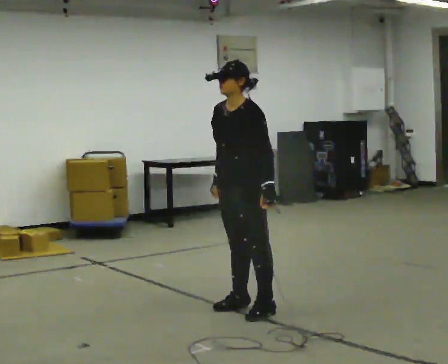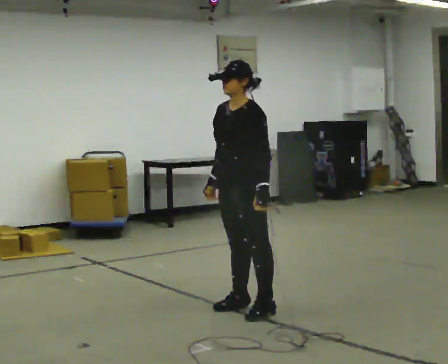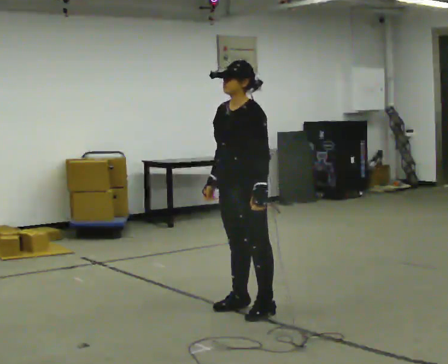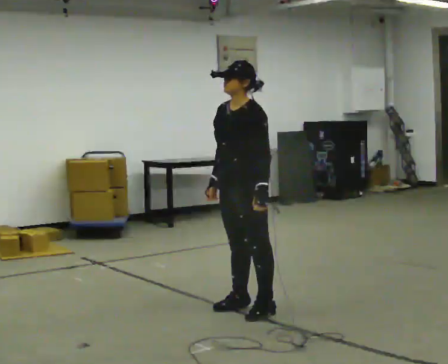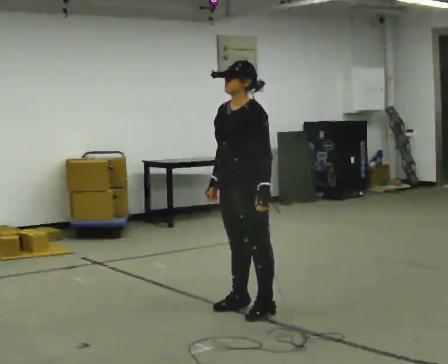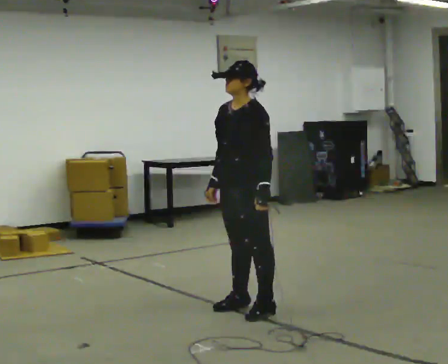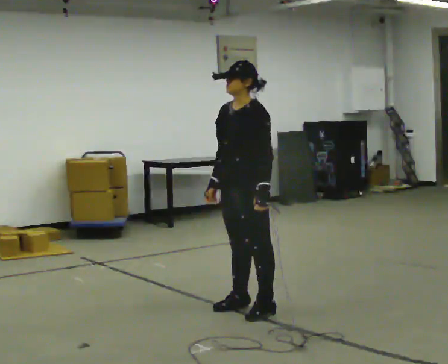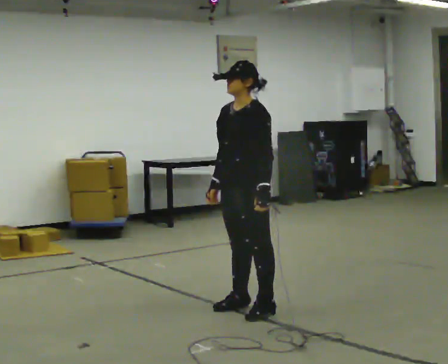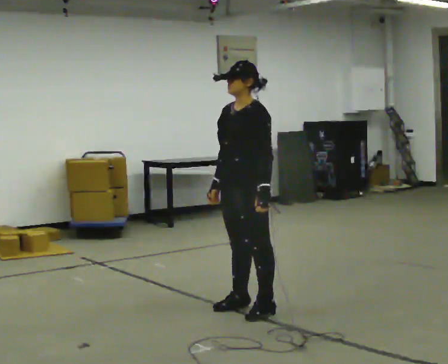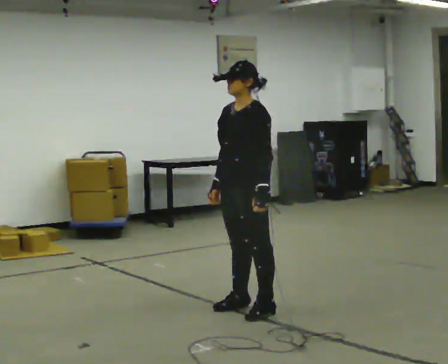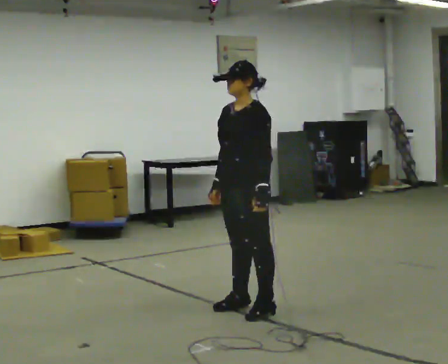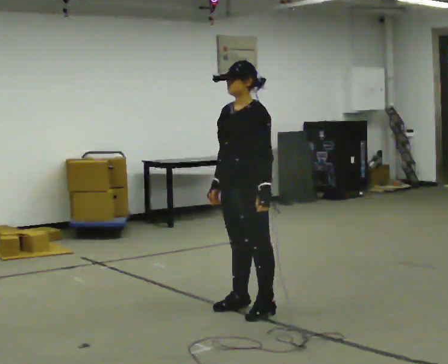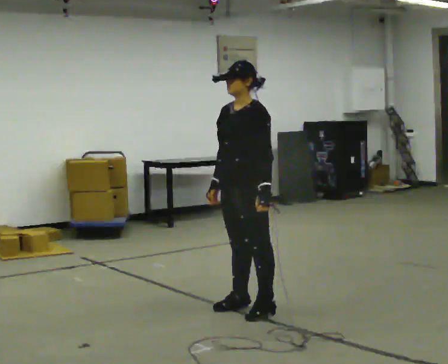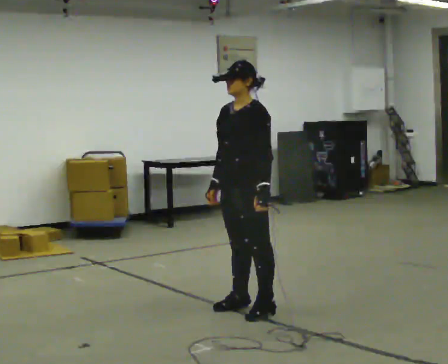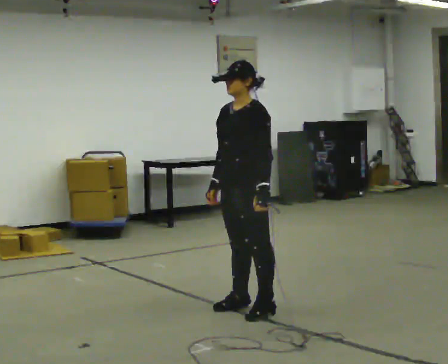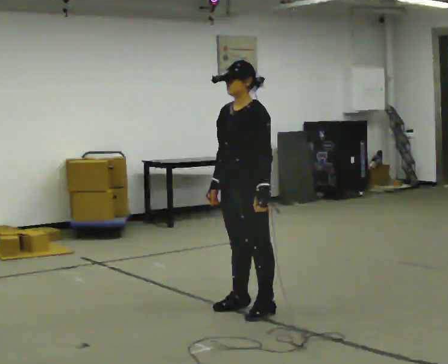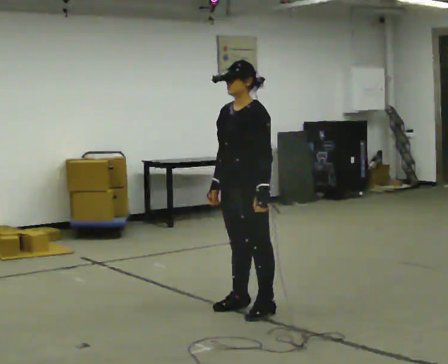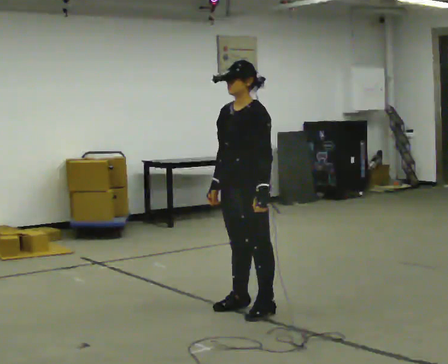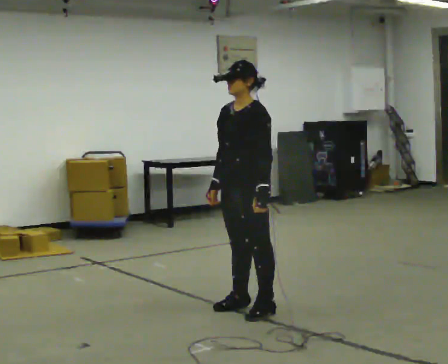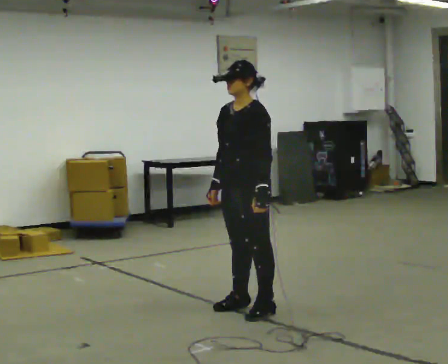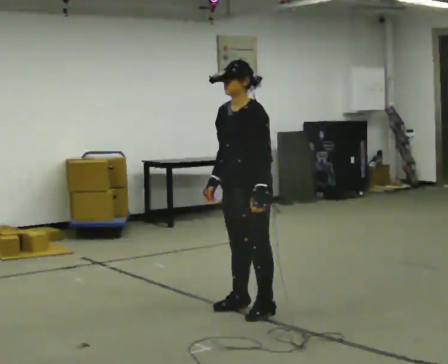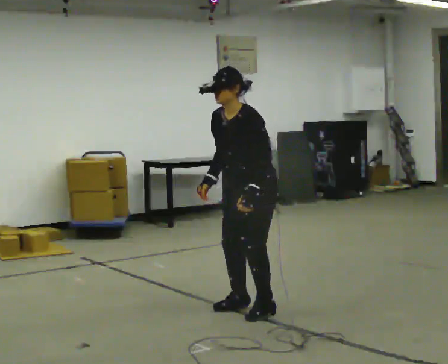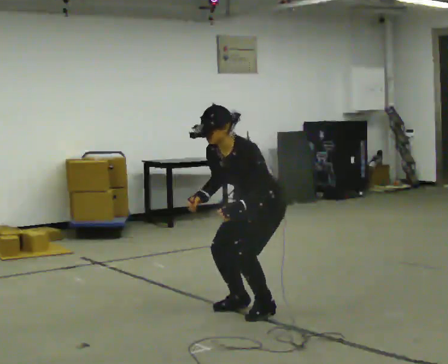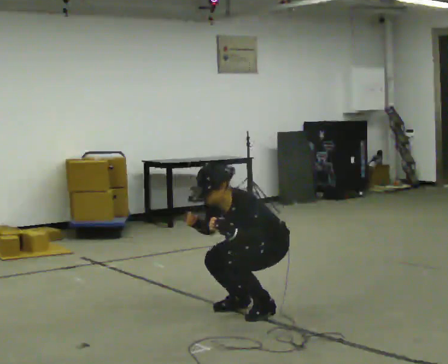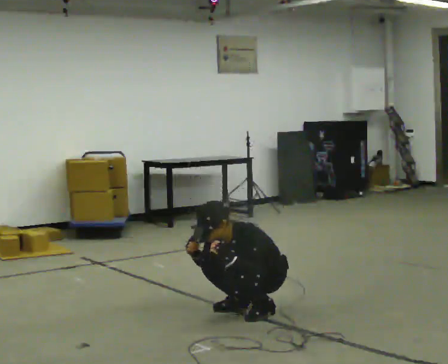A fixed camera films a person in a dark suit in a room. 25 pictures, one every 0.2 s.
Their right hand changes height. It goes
downward.
The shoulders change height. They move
downward.
0.0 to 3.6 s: The person moves a little, or ends about where they began.
3.6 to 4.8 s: The shoulders move downward. In the picture the upper body tilts counterclockwise, shoulders to the left, as they bend forward. In the picture their left hand goes downward.
The film runs forward here.
